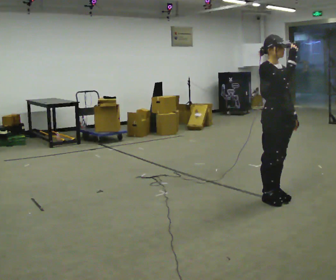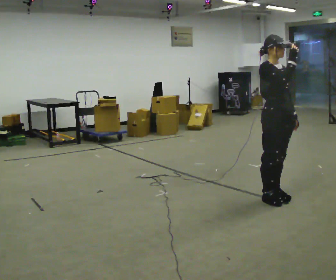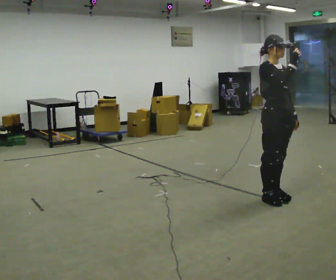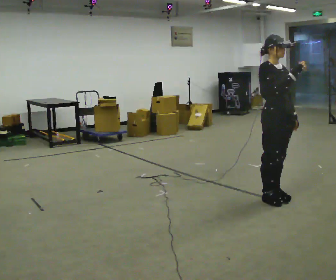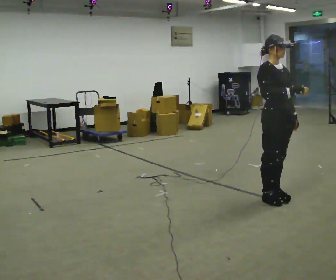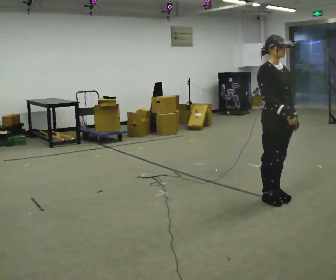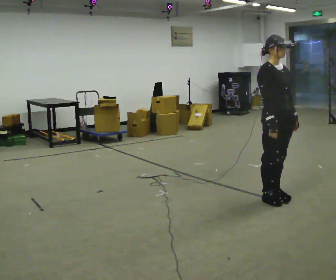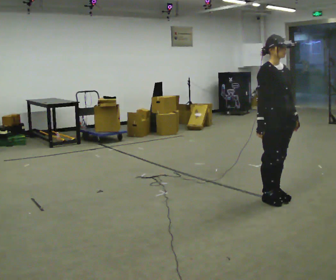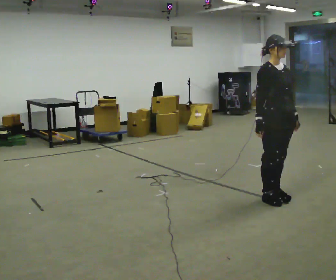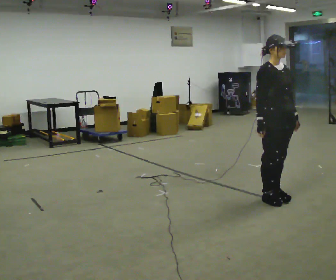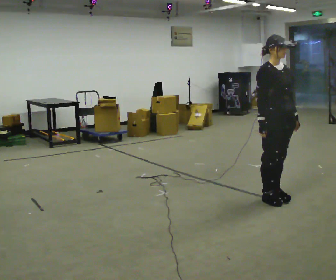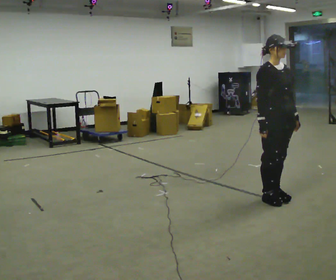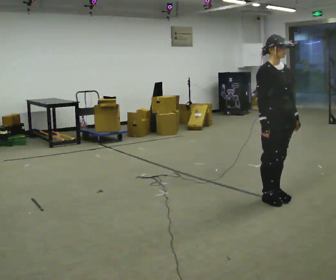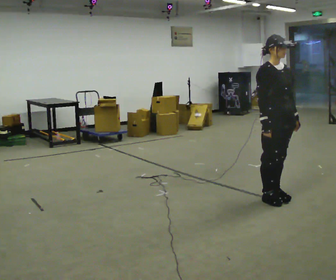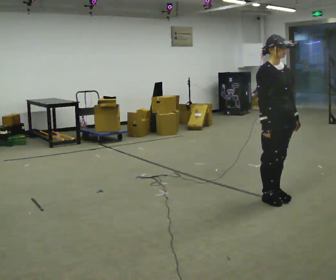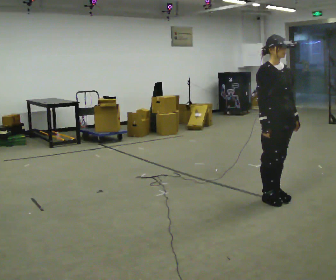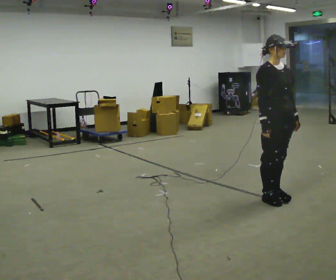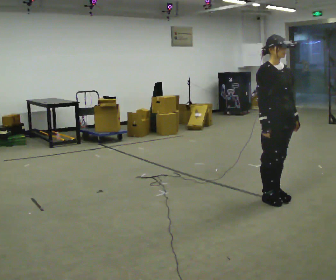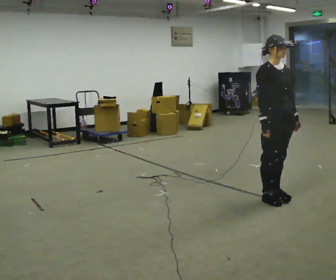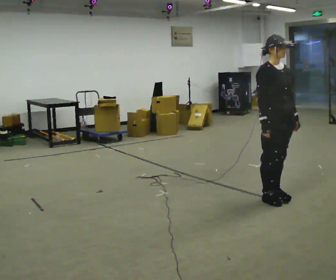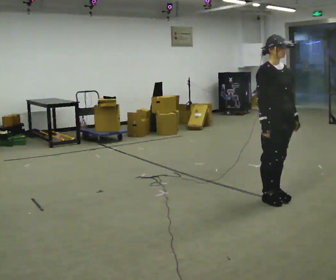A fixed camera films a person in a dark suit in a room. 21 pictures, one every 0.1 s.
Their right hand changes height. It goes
downward.
0.0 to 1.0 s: In the picture their right hand goes downward.
1.0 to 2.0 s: The person keeps their place and pose.
The film runs forward here.
